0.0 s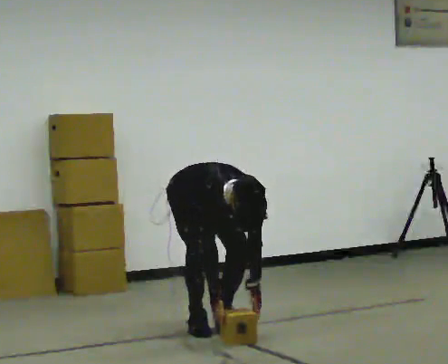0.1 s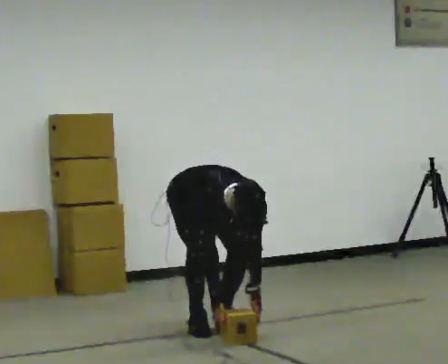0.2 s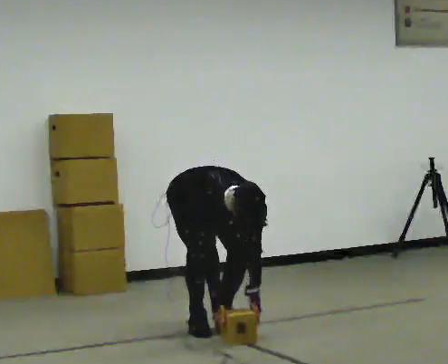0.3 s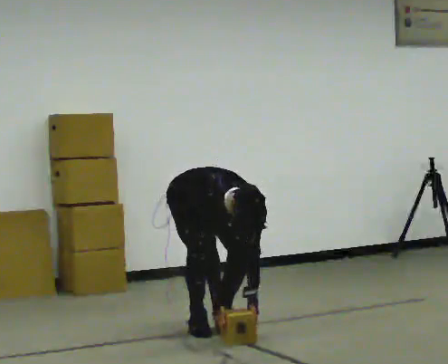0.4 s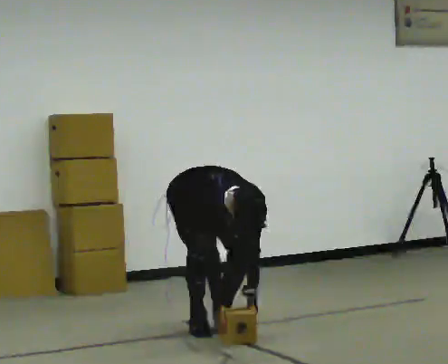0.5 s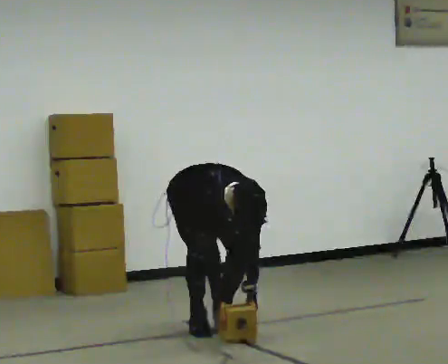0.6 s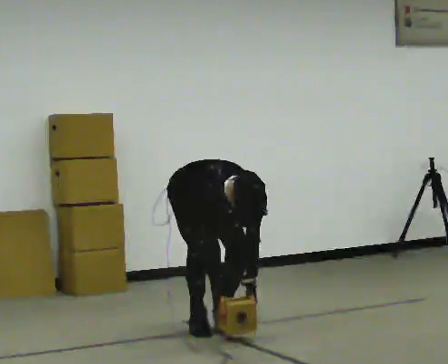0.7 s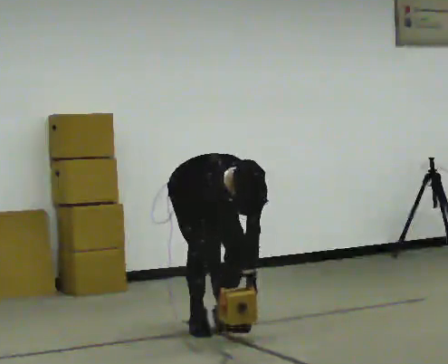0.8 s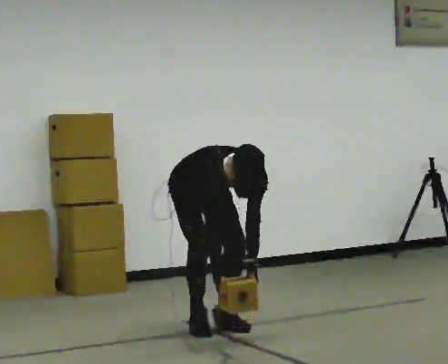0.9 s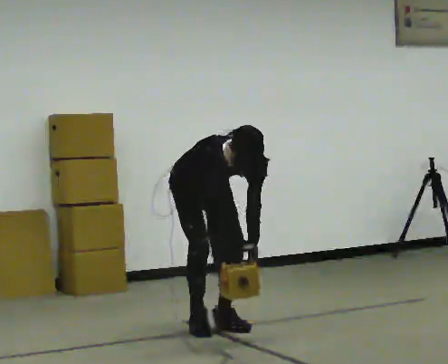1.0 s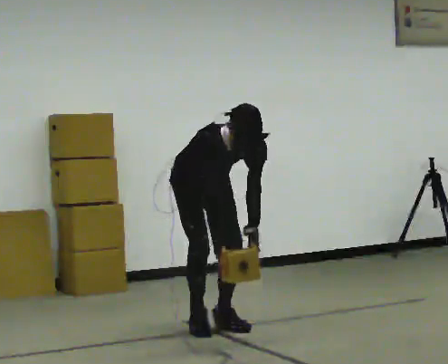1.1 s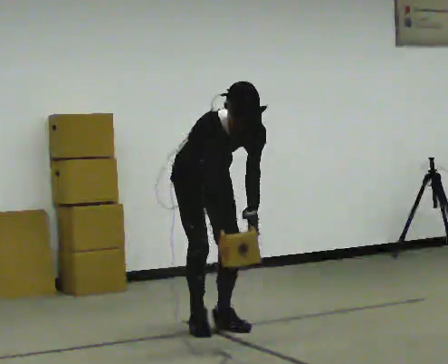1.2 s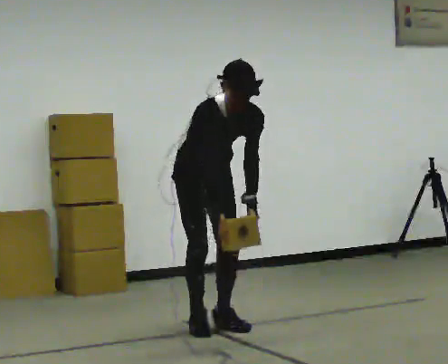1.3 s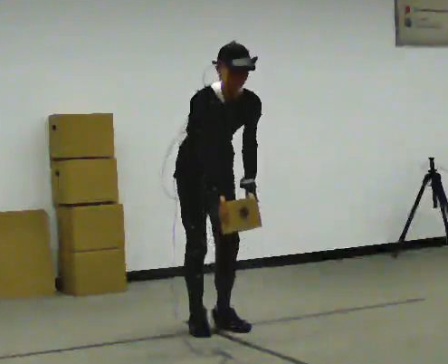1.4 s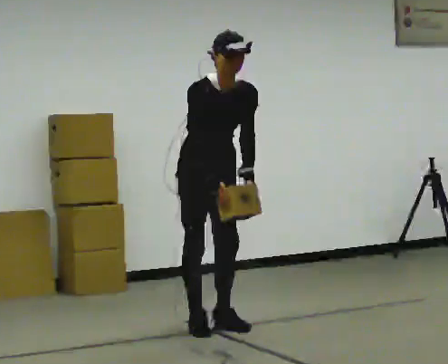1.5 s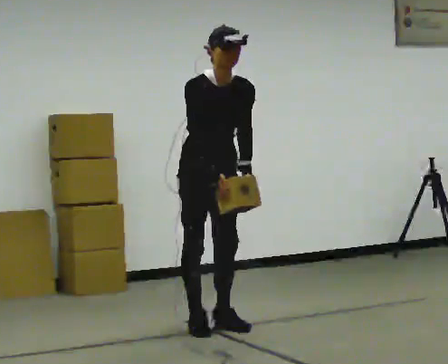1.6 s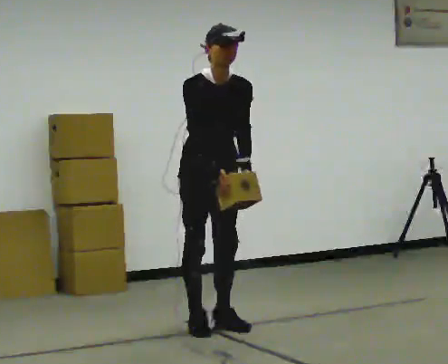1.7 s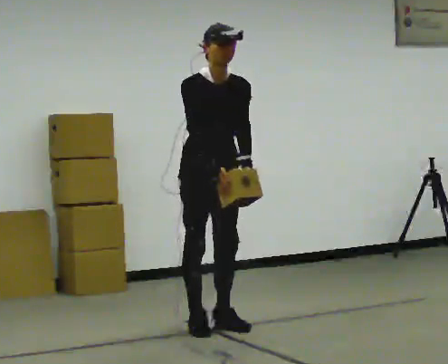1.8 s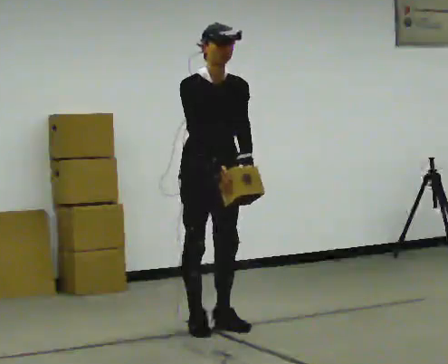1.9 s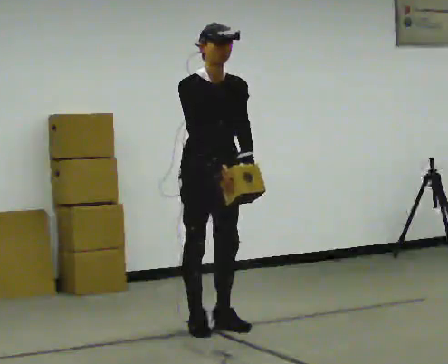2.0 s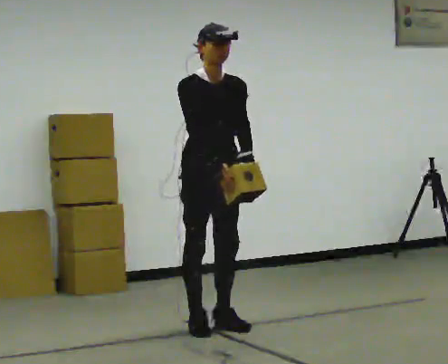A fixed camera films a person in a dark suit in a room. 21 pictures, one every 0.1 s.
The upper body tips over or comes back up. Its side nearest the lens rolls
upward.
Their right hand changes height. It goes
upward.
0.0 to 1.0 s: The shoulders move upward. The upper body tips away from the camera, its near side rolling upward, as they lean back or straighten. In the picture their left hand goes upward.
1.0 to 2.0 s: The upper body goes upward. The upper body tips away from the camera, its near side rolling upward, as they lean back or straighten. In the picture their right hand goes upward.
The film runs forward here.
